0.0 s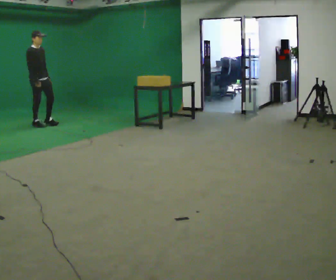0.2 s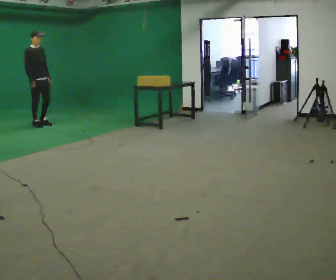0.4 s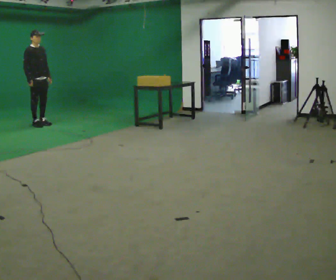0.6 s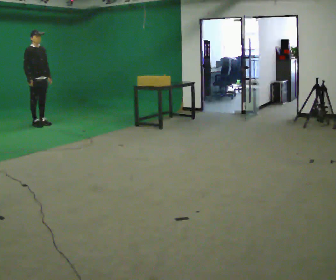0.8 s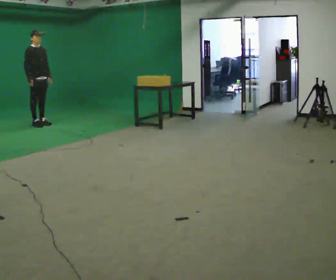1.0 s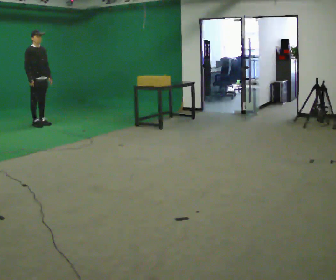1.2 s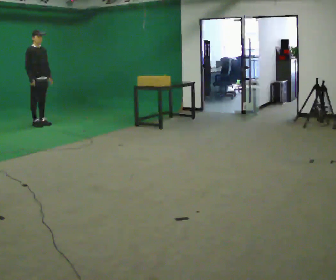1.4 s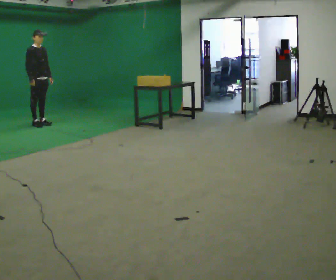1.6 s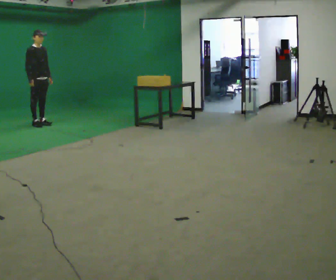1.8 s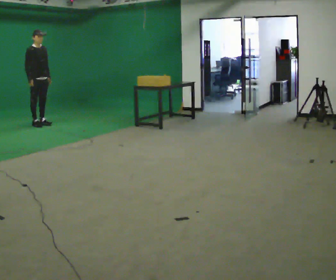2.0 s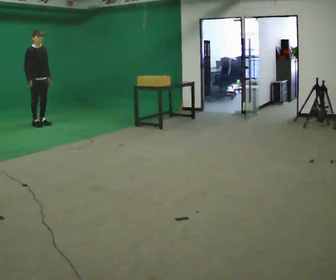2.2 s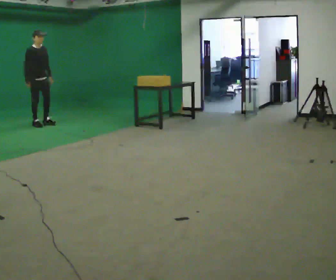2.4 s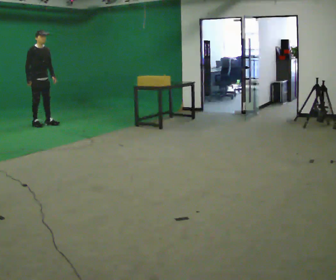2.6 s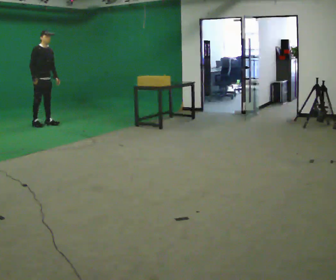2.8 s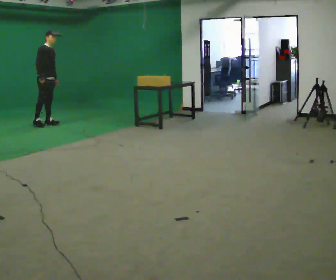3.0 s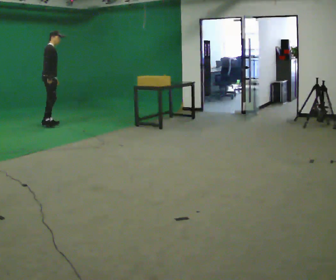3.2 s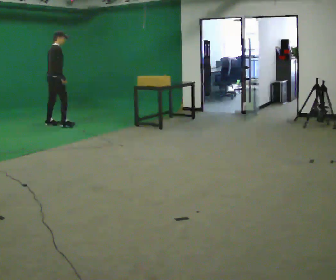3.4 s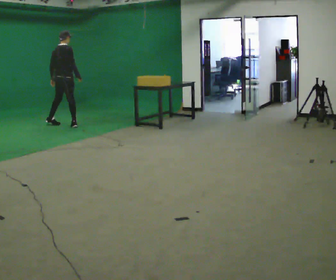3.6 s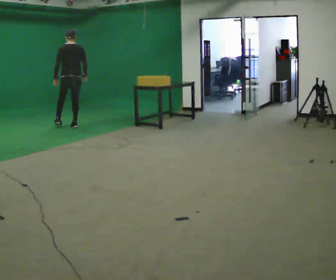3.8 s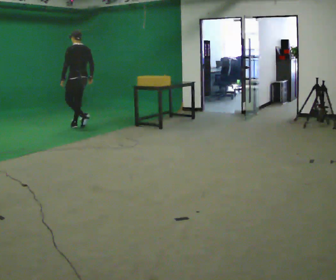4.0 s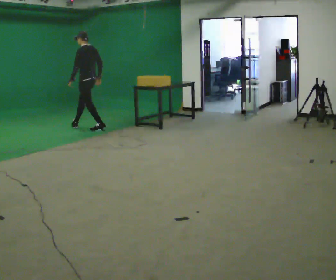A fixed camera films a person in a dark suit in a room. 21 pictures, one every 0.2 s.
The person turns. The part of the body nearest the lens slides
to the right.
The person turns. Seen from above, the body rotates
counterclockwise.
0.0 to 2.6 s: The person moves a little, or ends about where they began.
2.6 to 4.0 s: Seen from above the body turns counterclockwise, about 195 degrees: to their left, with its near side sliding to the right. In the picture they go to the right and toward the camera, about 1 m in 2 steps.
The film runs backward here.
